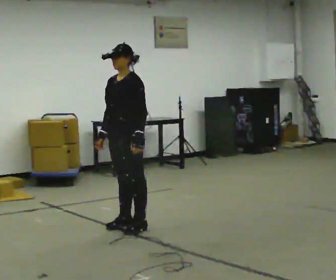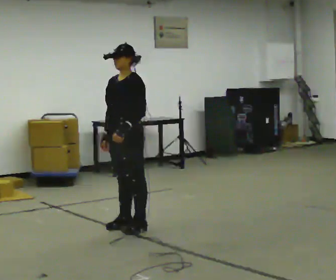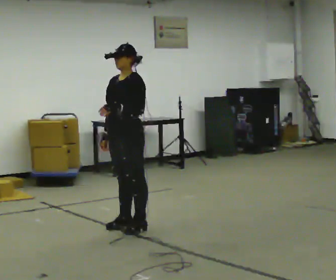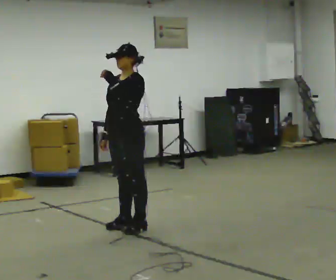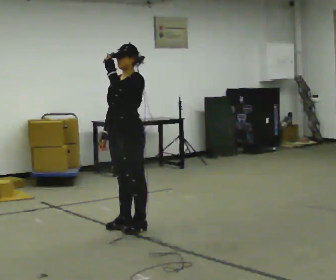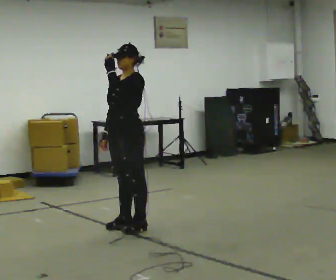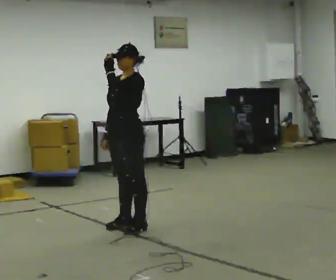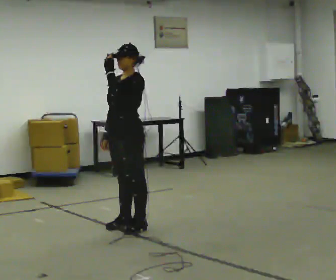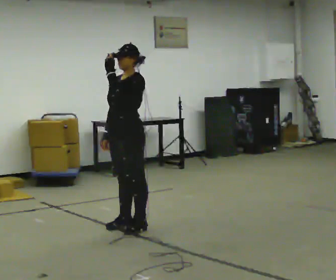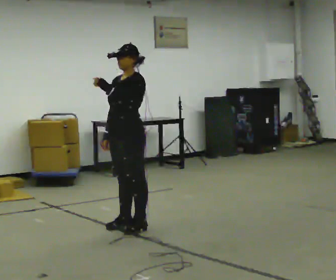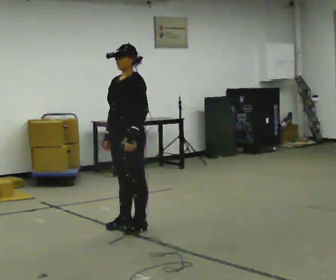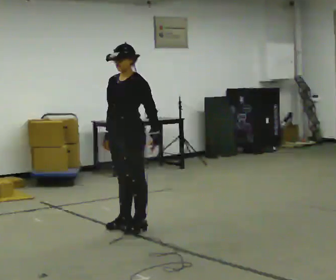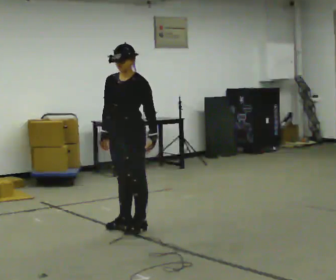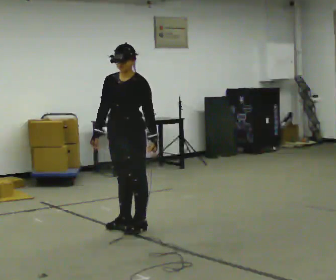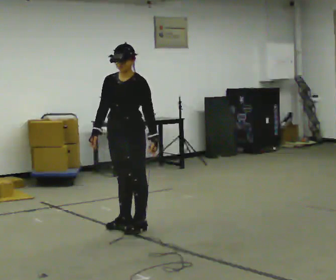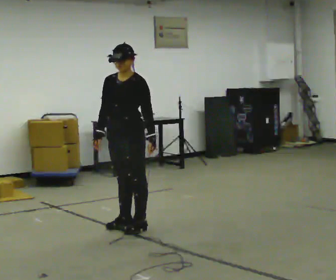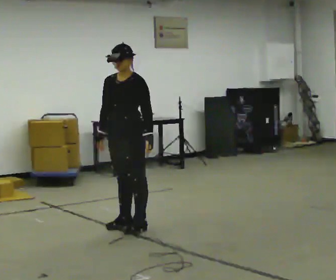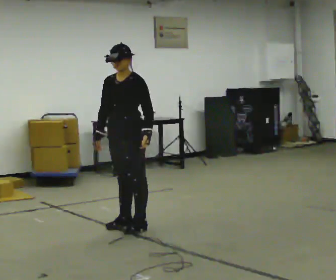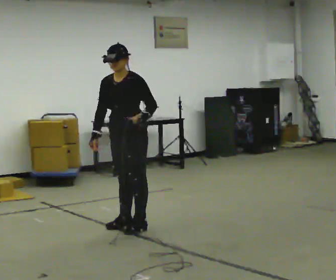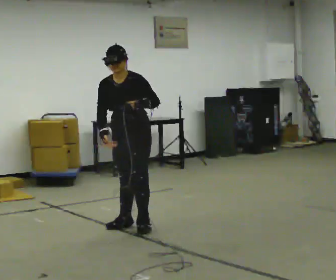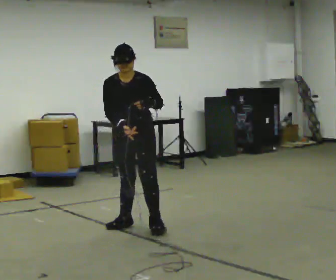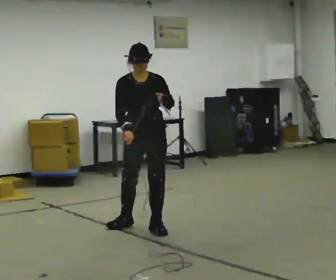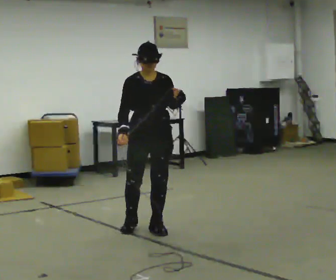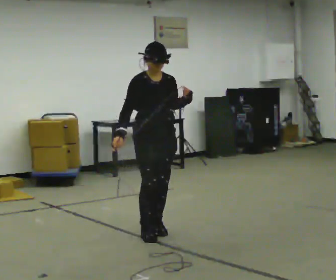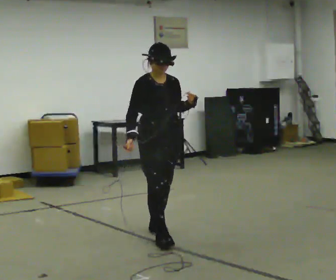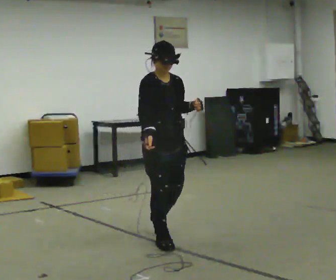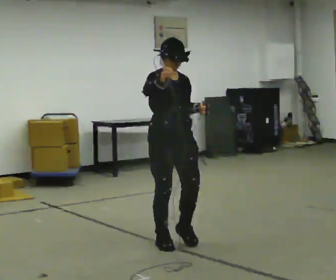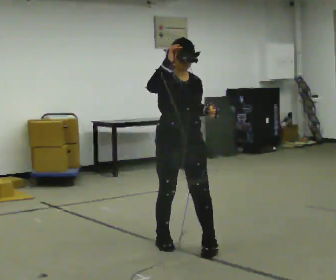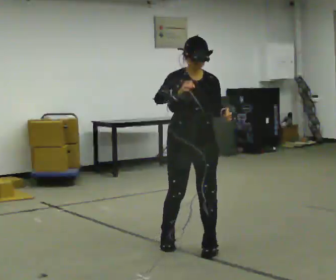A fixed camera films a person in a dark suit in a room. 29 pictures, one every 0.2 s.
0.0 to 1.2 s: In the picture their left hand goes upward.
1.2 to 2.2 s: In the picture their left hand goes downward and to the right.
2.2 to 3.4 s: The person moves a little, or ends about where they began.
3.4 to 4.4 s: The part of the body nearest the lens slides to the right as the person turns to their left by about 60 degrees. In the picture they go to the right, about 0.25 m, which for them is to their left.
4.4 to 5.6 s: In the picture they go toward the camera and to the right, about 0.75 m in 2 steps, which for them is forward.
The film runs forward here.
